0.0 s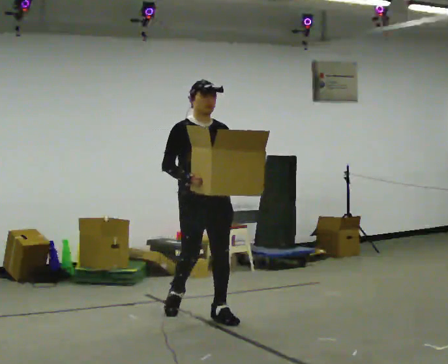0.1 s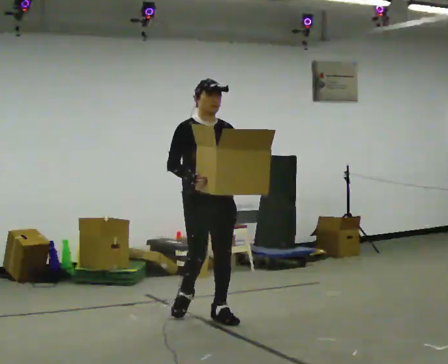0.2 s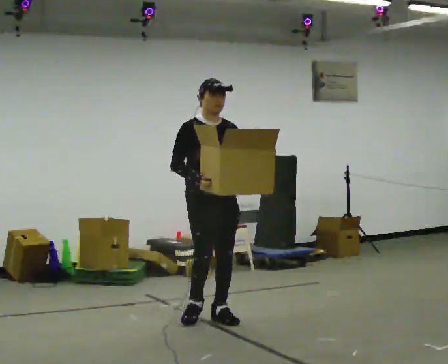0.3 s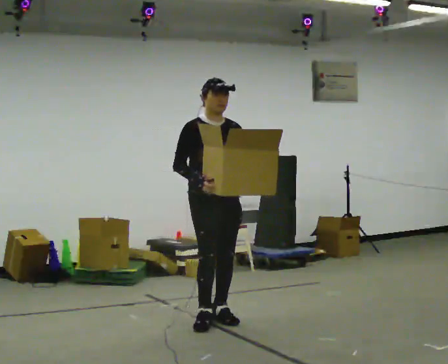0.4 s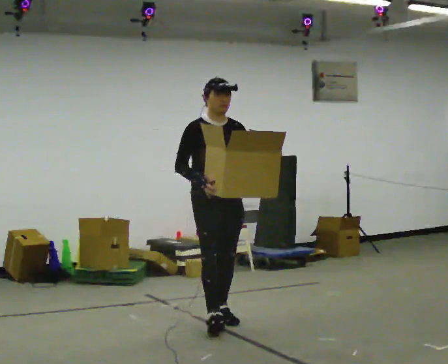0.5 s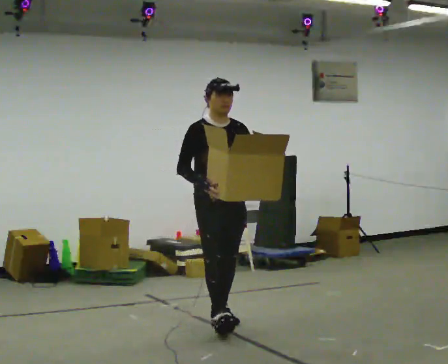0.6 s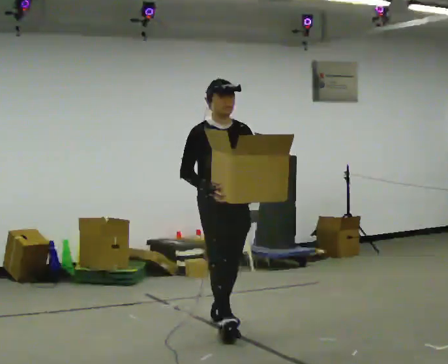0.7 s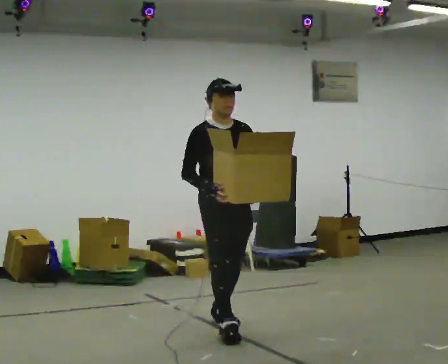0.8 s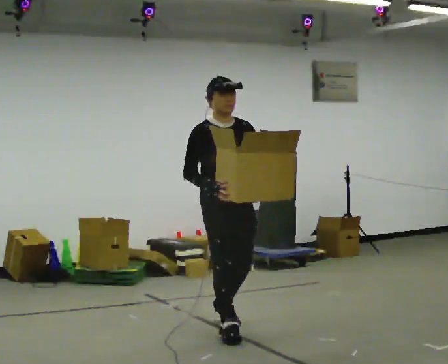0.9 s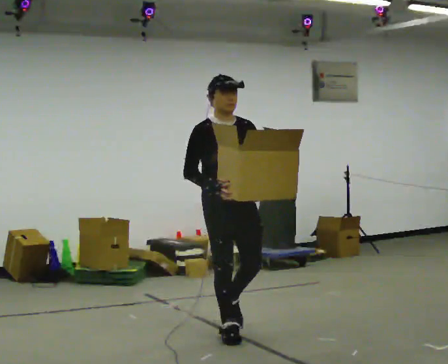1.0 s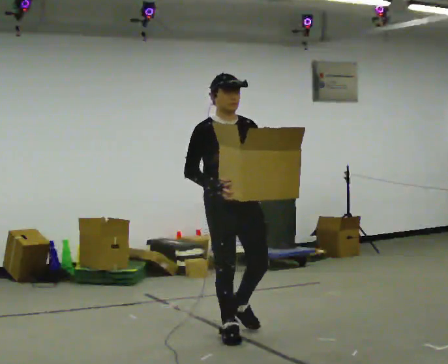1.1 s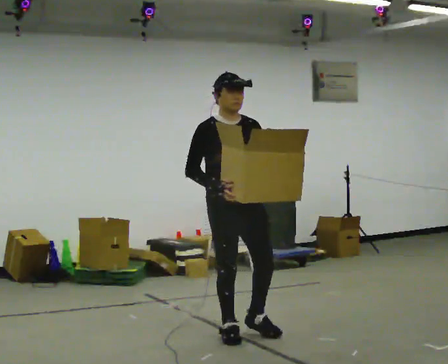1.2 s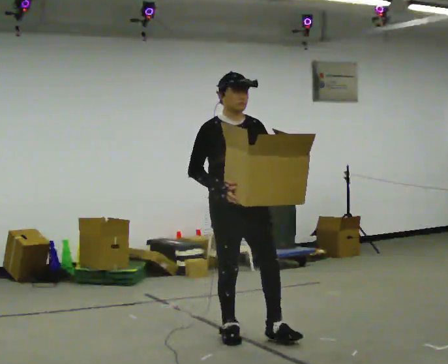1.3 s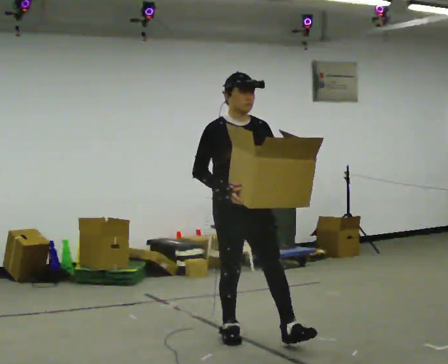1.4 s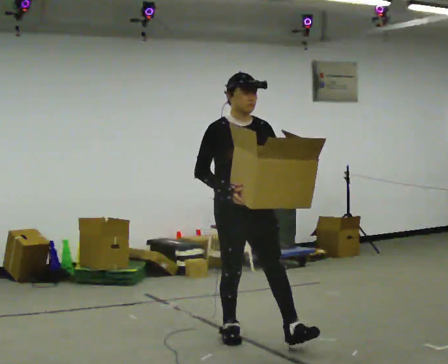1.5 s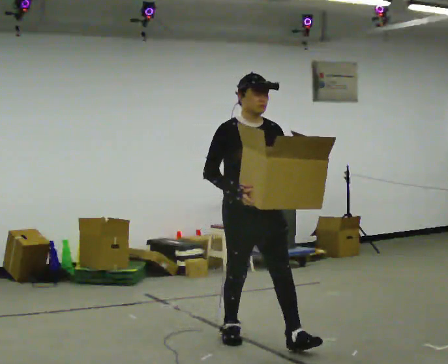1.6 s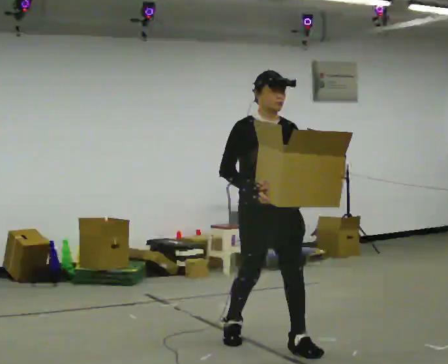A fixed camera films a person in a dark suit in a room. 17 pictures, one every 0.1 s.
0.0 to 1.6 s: In the picture they go toward the camera and to the right, about 1 m in 2 steps, which for them is forward.
The film runs forward here.
